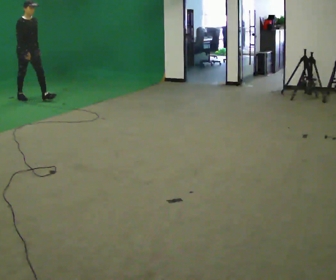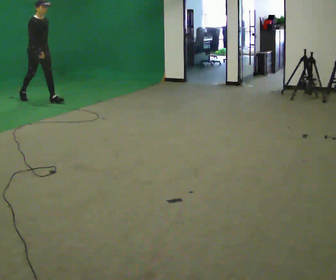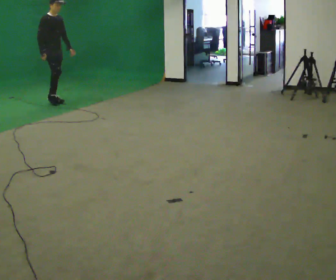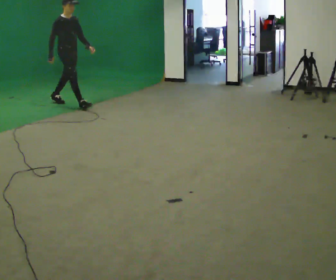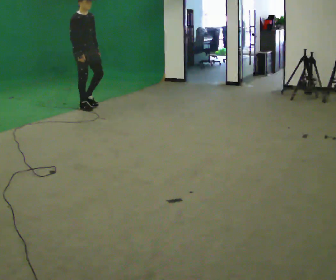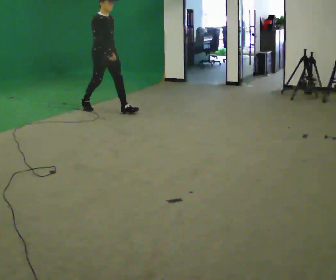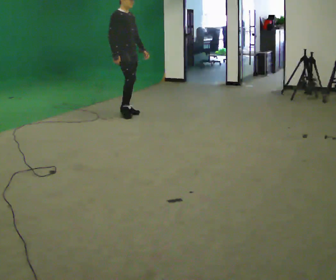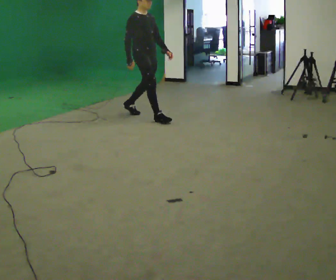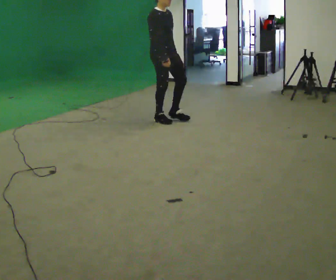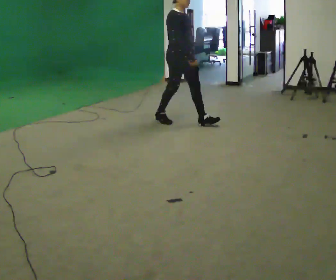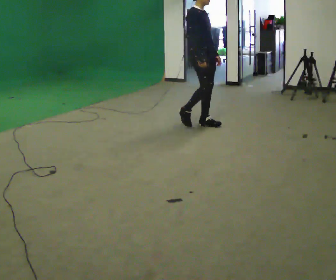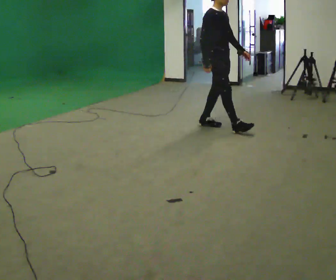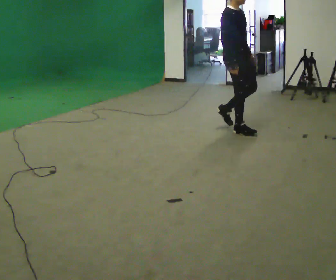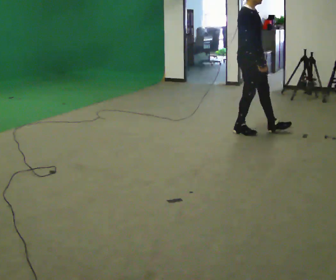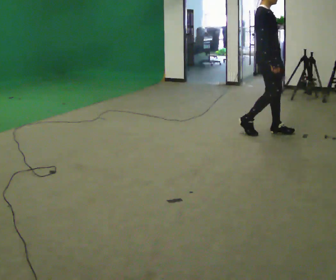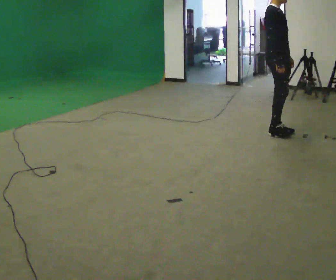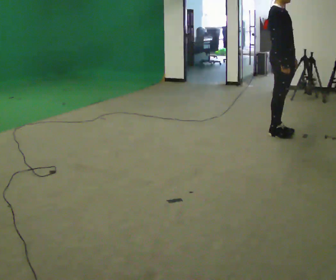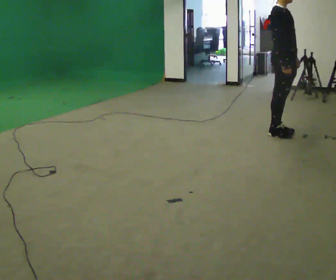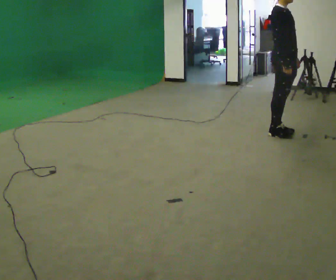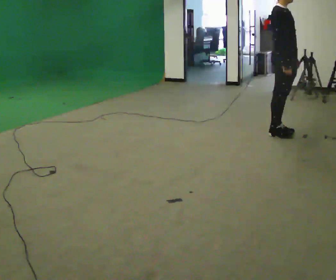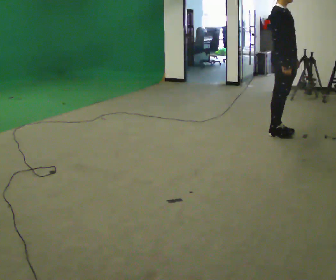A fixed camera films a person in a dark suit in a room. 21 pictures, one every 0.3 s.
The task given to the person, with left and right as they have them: Start at normal speed; gradually slow over several steps; stop gently.
0.0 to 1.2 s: In the picture they go to the right, about 1.5 m in 2 steps, which for them is forward.
1.2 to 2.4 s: In the picture they go to the right and toward the camera, about 1.5 m in 2 steps, which for them is forward.
2.4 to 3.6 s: In the picture they go to the right and toward the camera, about 1 m in 2 steps, which for them is forward.
3.6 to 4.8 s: In the picture they go to the right, about 0.5 m in 2 steps, which for them is forward.
4.8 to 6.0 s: The person moves a little, or ends about where they began.
The film runs forward here.
